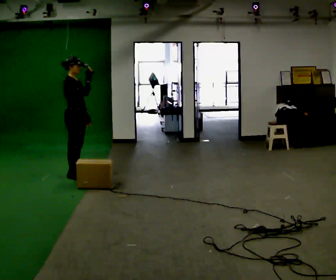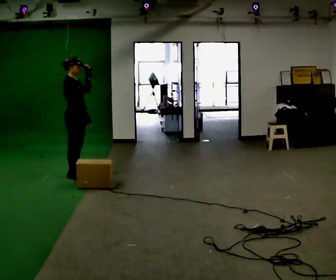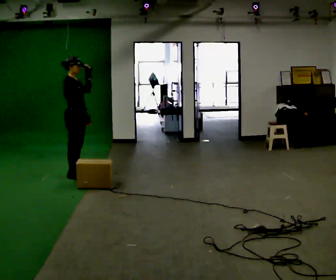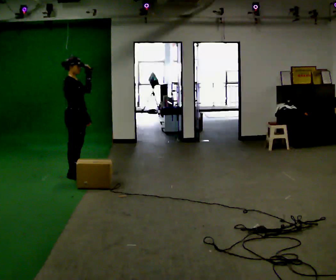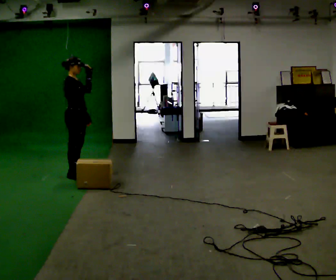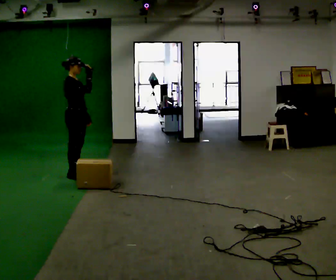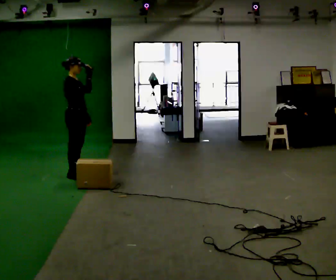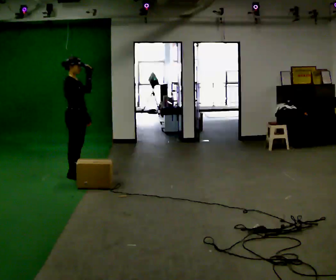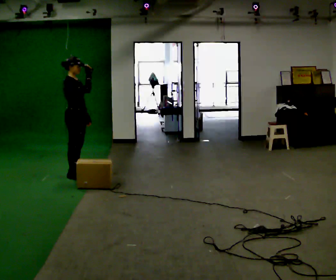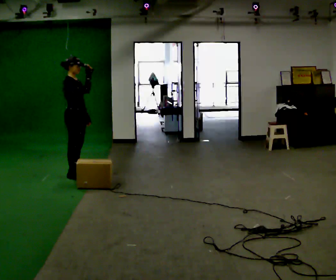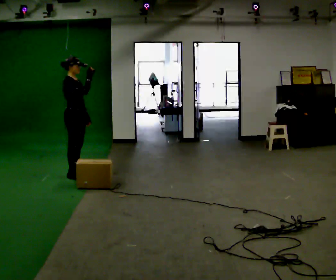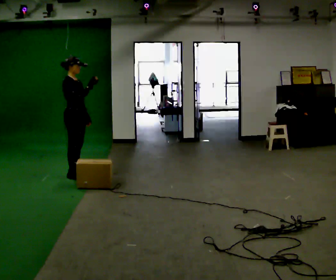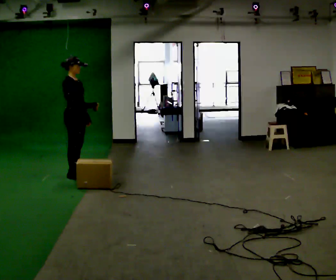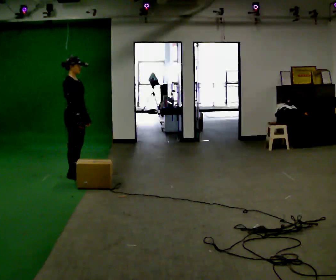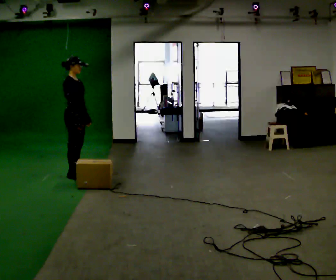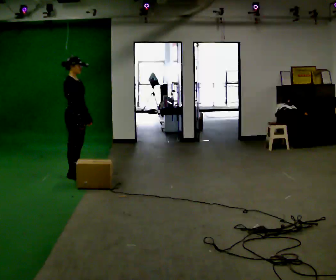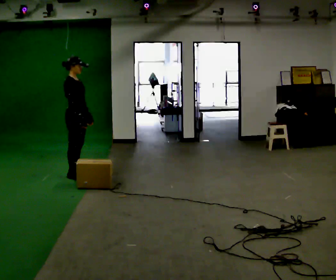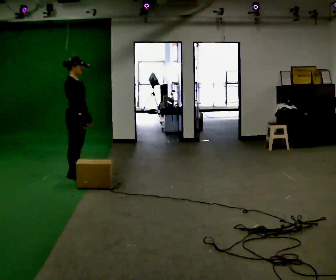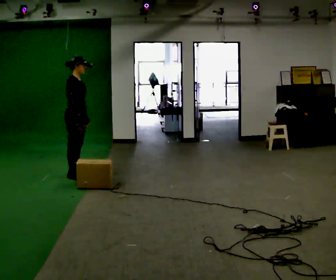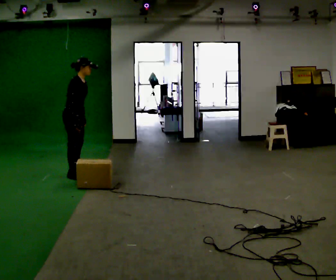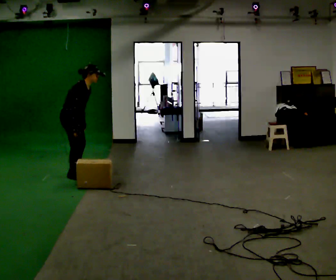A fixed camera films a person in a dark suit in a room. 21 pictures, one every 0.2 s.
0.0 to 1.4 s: The person moves a little, or ends about where they began.
1.4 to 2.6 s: In the picture their right hand goes downward.
2.6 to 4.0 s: In the picture the upper body tilts clockwise, shoulders to the right, as they bend forward.
The film runs backward here.
